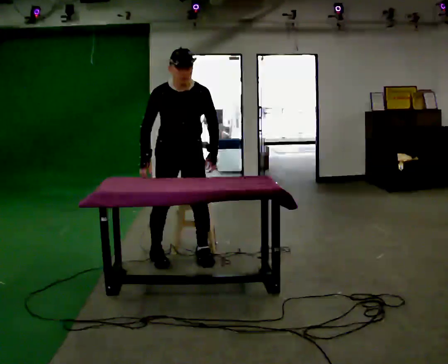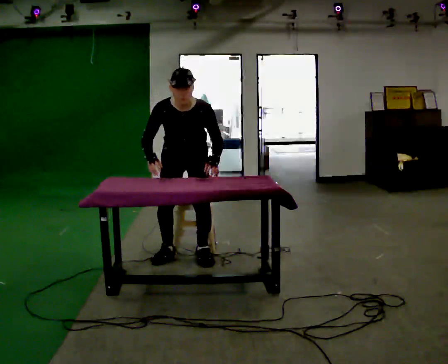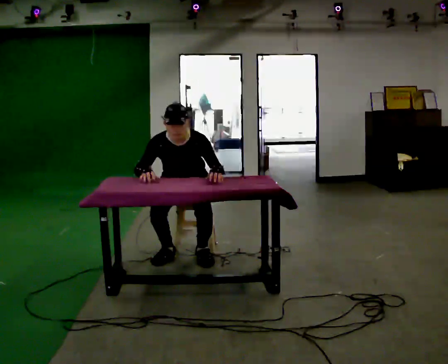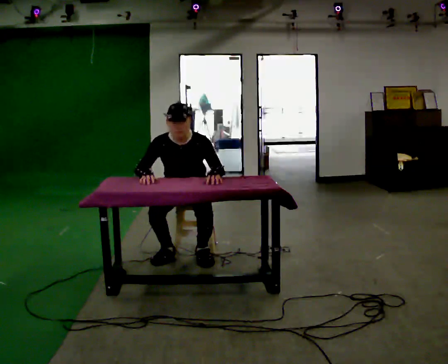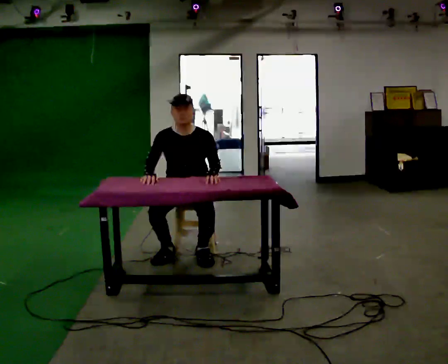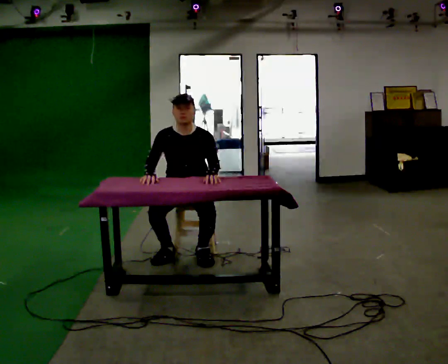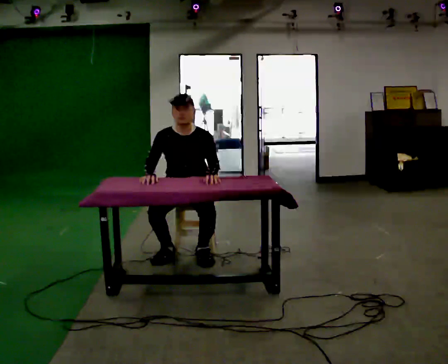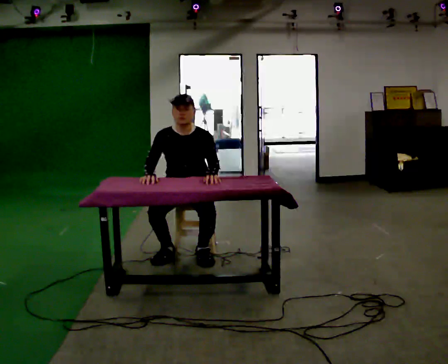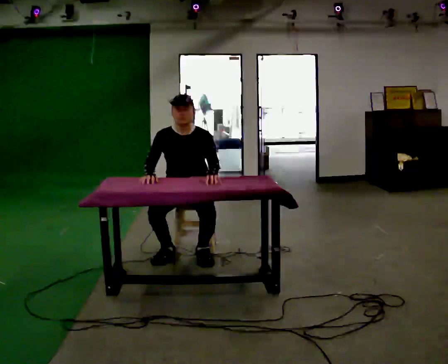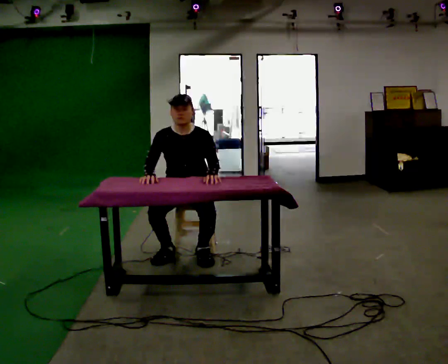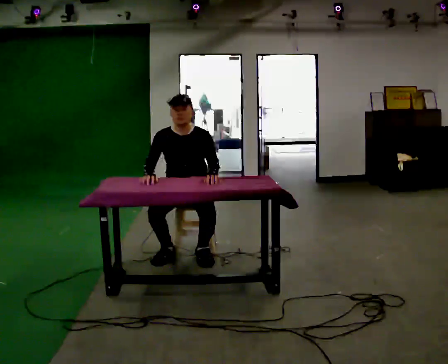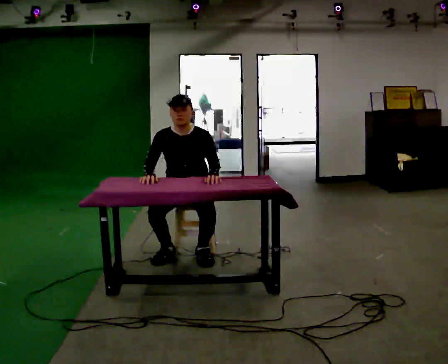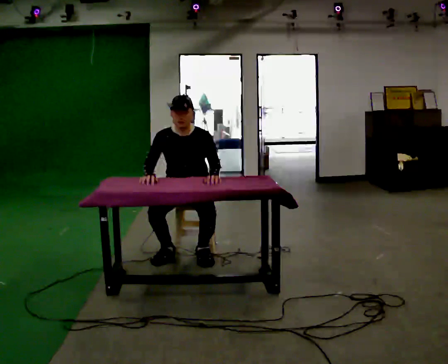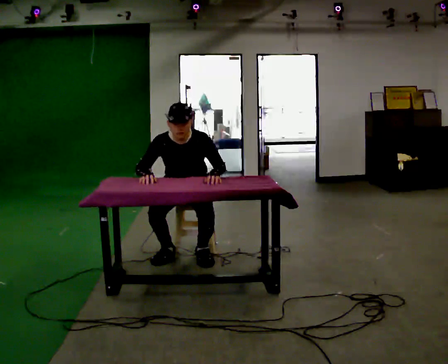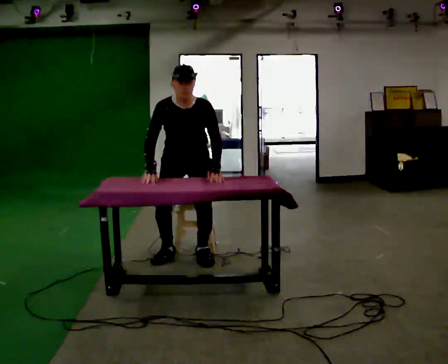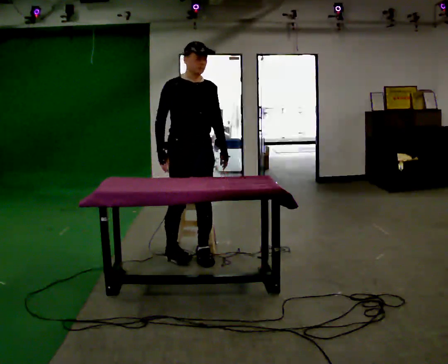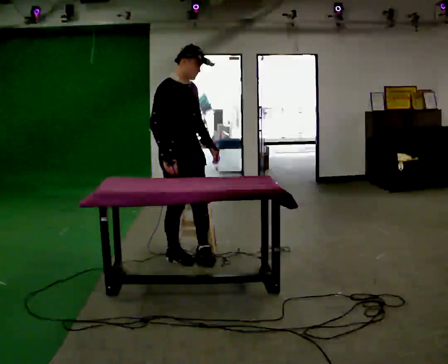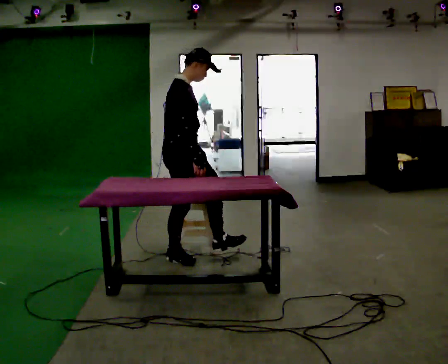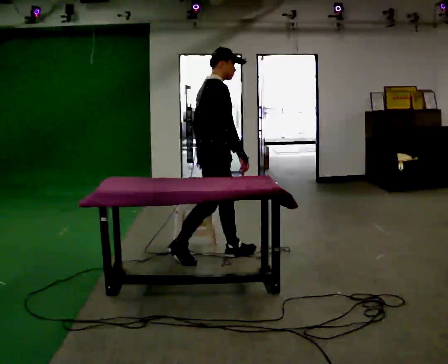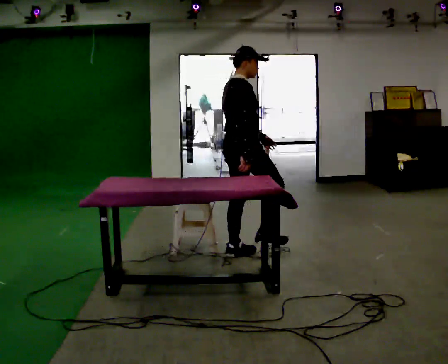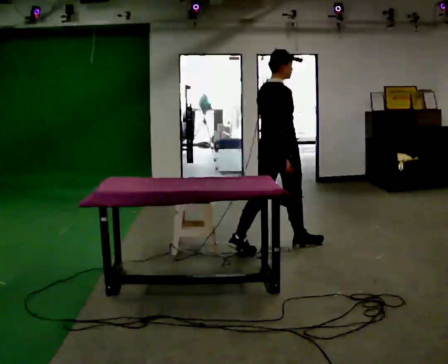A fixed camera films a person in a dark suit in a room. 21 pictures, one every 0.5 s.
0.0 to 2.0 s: In the picture they go away from the camera, about 0.25 m in 1 step, which for them is backward. The upper body goes downward.
2.0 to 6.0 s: The person keeps their place and pose.
6.0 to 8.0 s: The part of the body nearest the lens slides to the right as the person turns to their left by about 60 degrees. In the picture they go toward the camera, about 0.25 m, which for them is forward. The shoulders move upward.
8.0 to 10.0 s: The part of the body nearest the lens slides to the right as the person turns to their left by about 75 degrees. In the picture they go to the right, about 1 m in 2 steps.
The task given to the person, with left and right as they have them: Walk up to the chair at the table, sit down into the space, settle as if you were about to work there, then stand up and step away. Repeat the movement at your own pace until the operator says stop; do not rush.
The film runs forward here.
